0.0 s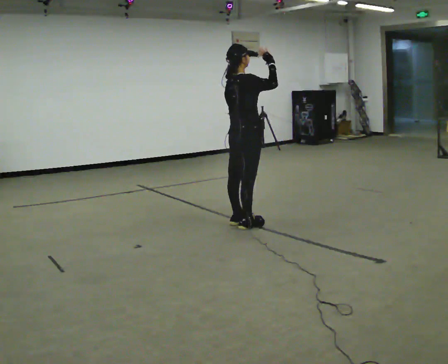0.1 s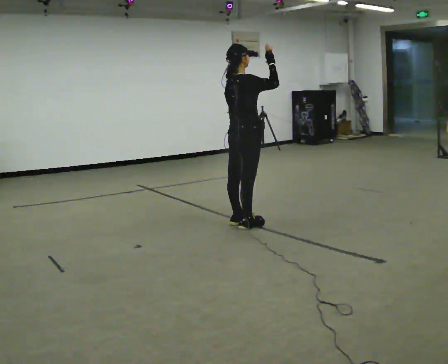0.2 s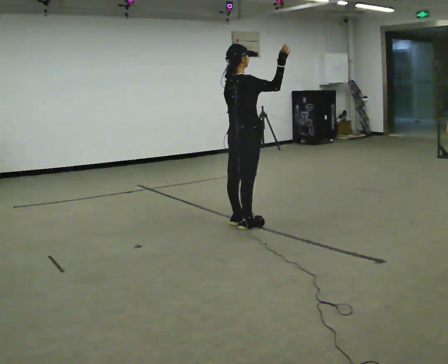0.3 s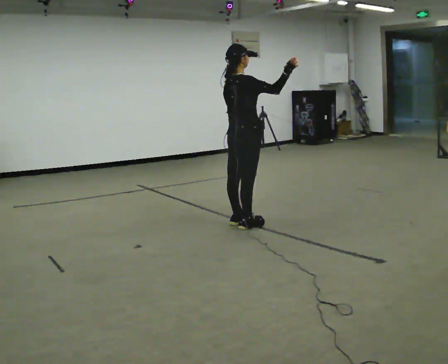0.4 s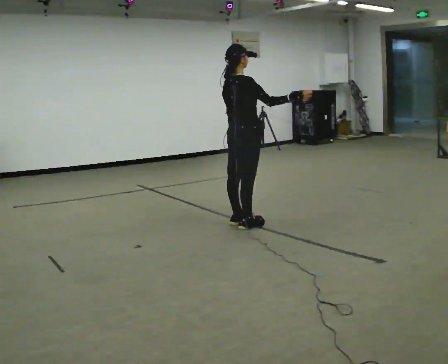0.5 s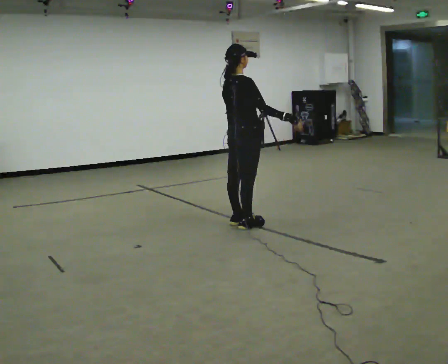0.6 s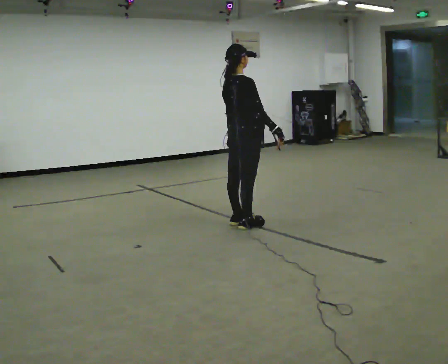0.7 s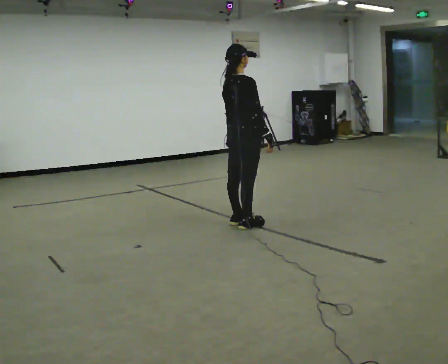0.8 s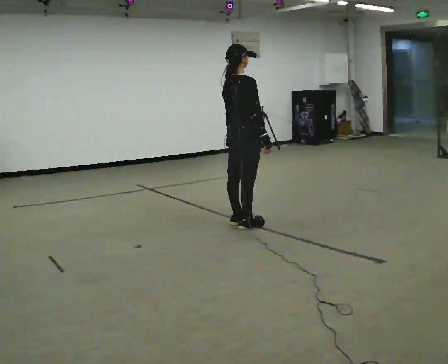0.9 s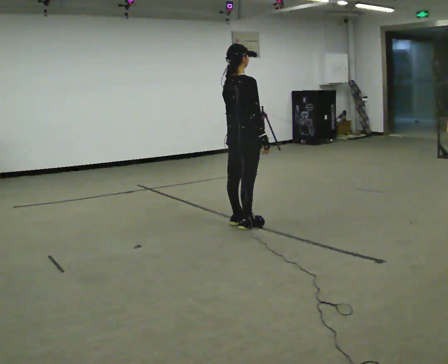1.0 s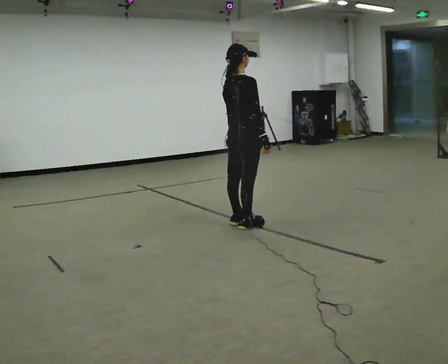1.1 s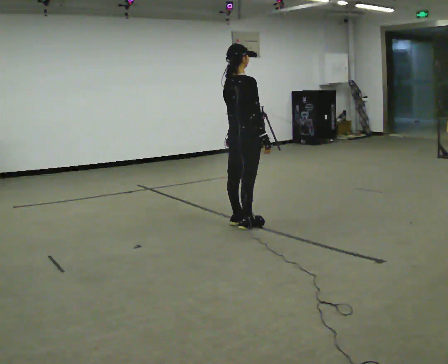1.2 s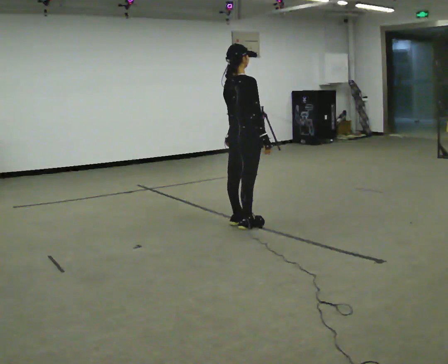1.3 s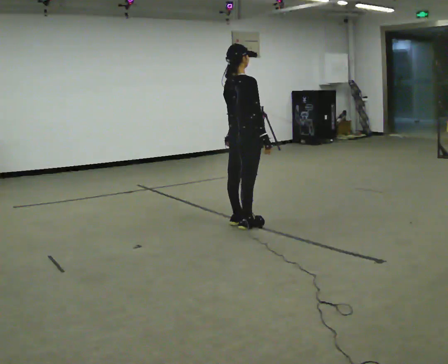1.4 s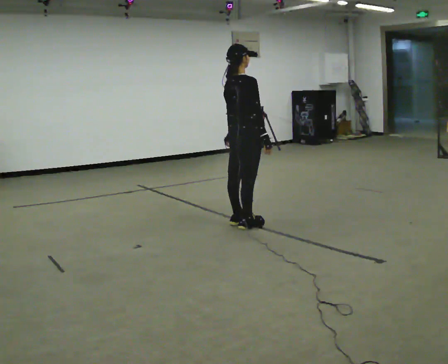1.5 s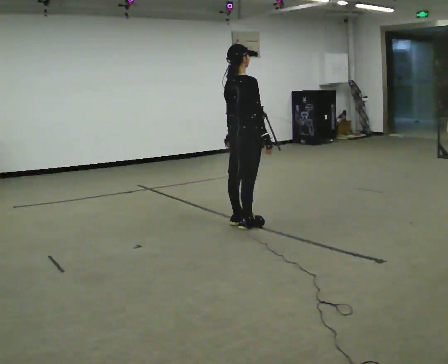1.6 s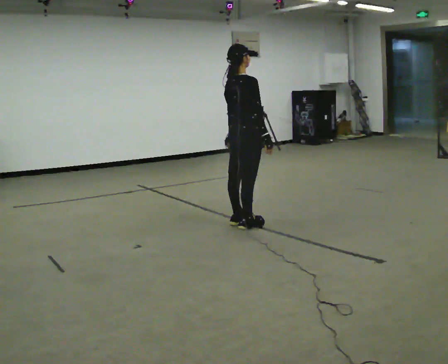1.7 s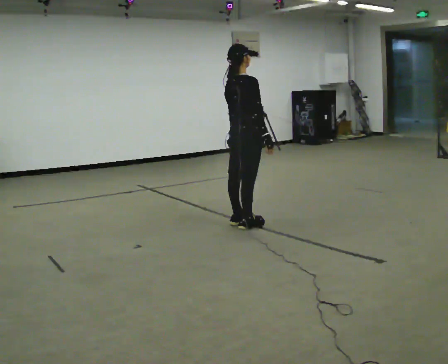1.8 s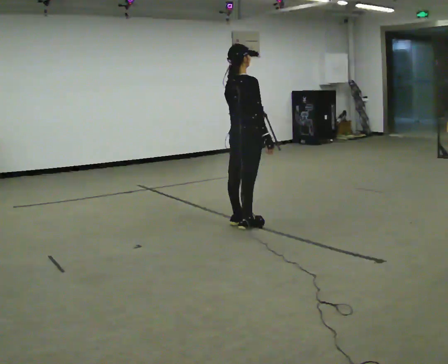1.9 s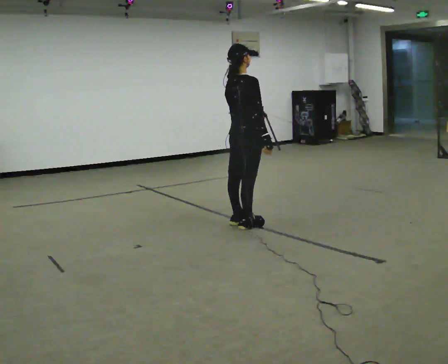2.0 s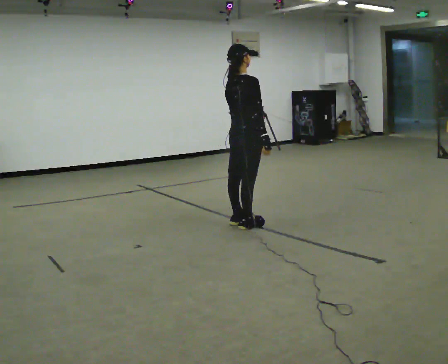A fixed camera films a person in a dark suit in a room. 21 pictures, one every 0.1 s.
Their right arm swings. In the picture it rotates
clockwise.
Their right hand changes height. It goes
downward.
0.0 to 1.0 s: In the picture their right hand goes downward, the arm swinging clockwise.
1.0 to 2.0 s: The person moves a little, or ends about where they began.
The film runs backward here.
